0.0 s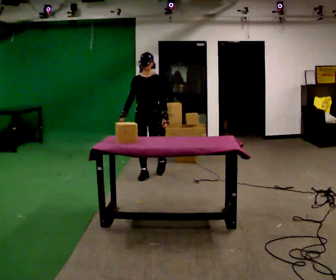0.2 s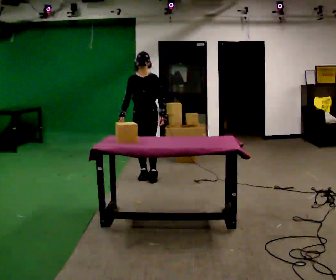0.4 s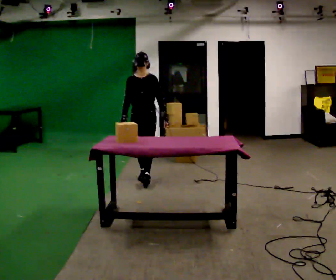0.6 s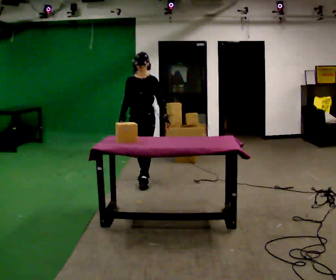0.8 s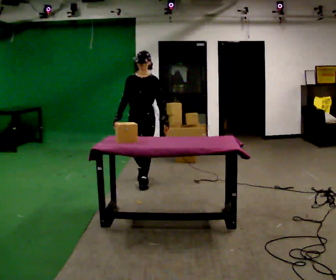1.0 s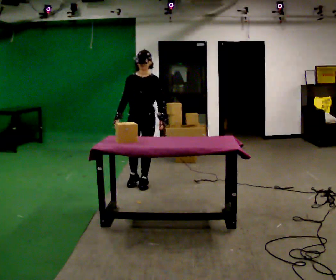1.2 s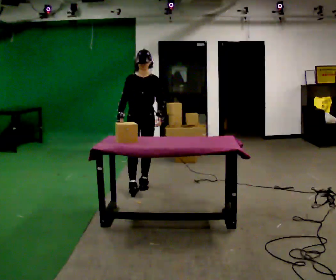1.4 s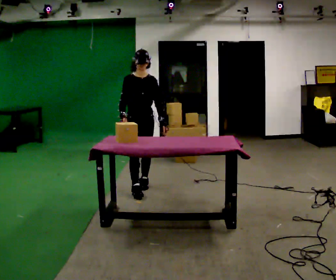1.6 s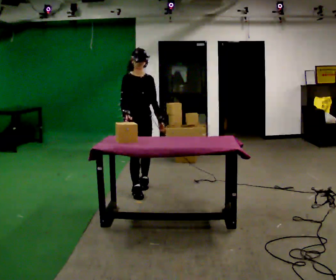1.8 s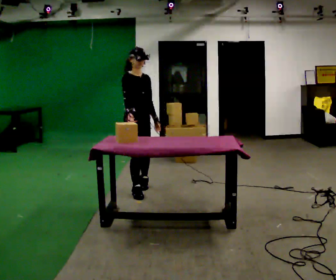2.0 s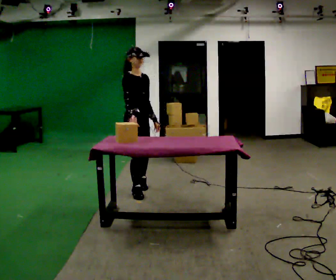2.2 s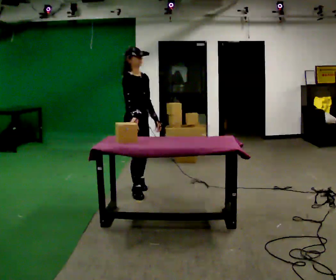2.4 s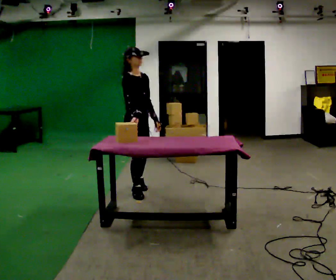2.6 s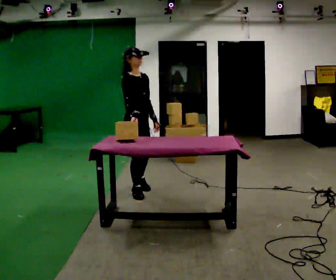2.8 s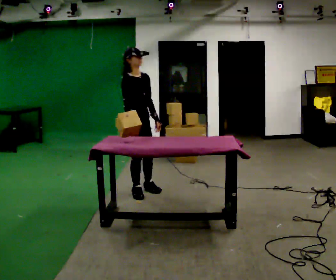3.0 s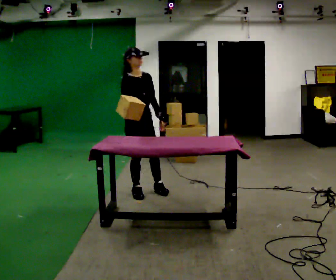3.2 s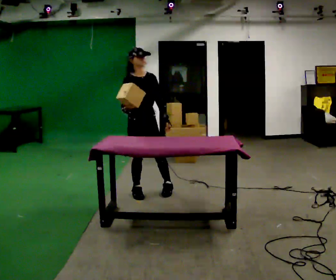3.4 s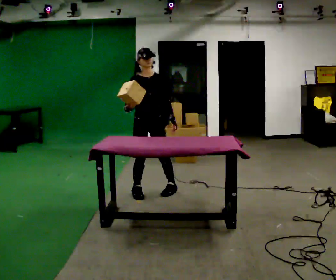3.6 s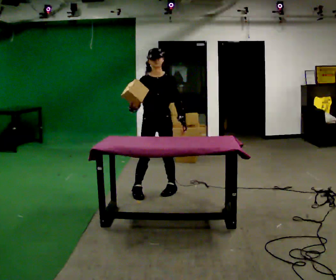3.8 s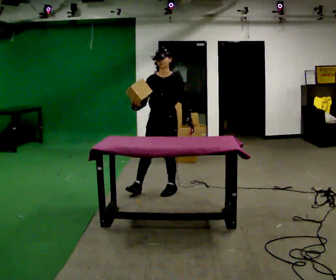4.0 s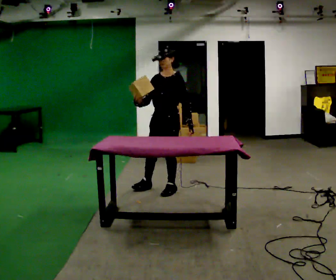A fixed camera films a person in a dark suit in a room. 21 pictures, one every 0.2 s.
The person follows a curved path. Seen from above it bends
counterclockwise.
0.0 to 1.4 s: The person turns about 30 degrees to their left, counterclockwise seen from above, so the part of the body nearest the lens slides to the right. In the picture they go toward the camera, about 0.5 m in 2 steps, which for them is forward.
1.4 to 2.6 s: The person turns about 45 degrees to their left, counterclockwise seen from above, so the part of the body nearest the lens slides to the right. In the picture they go toward the camera, about 0.25 m, which for them is to their right and forward.
2.6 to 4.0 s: The part of the body nearest the lens slides to the left as the person turns to their right by about 90 degrees. In the picture they go to the right, about 0.5 m in 1 step.
The film runs forward here.
